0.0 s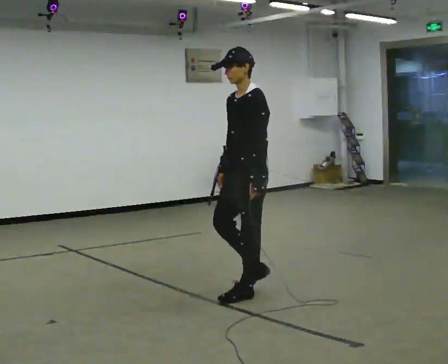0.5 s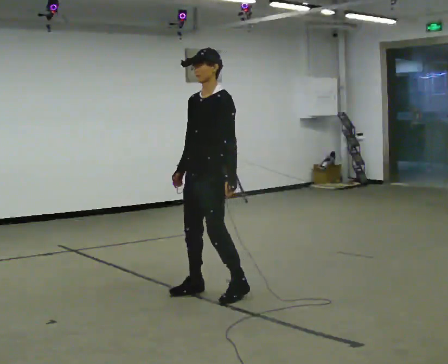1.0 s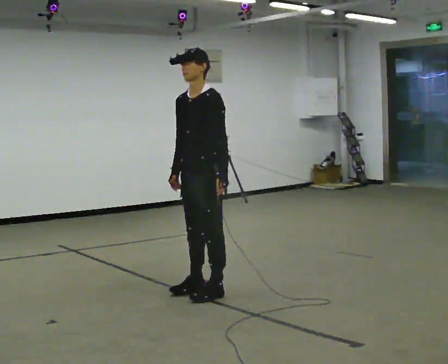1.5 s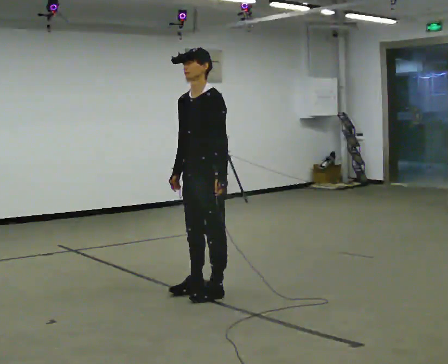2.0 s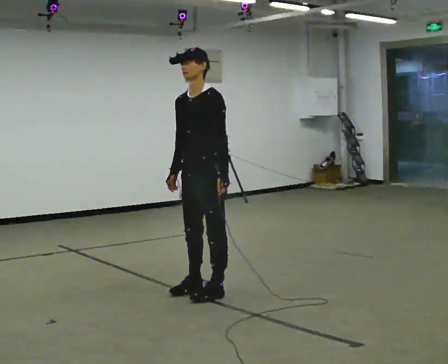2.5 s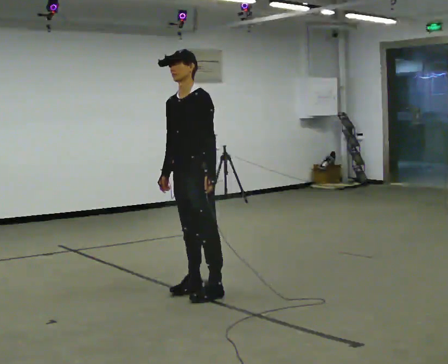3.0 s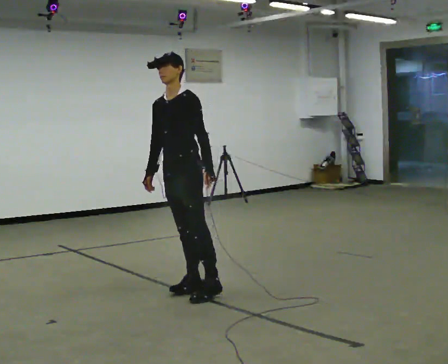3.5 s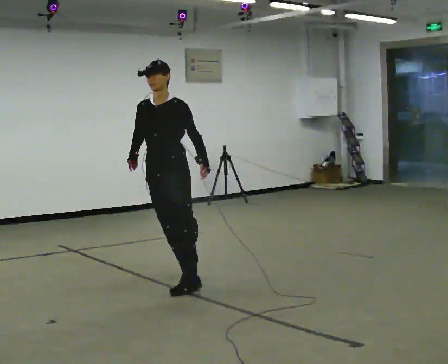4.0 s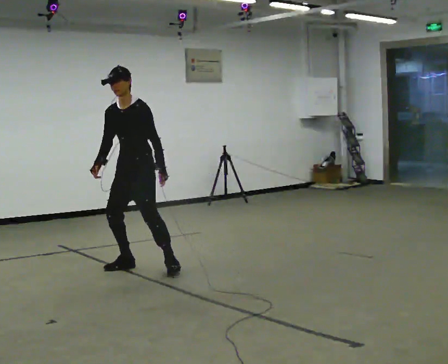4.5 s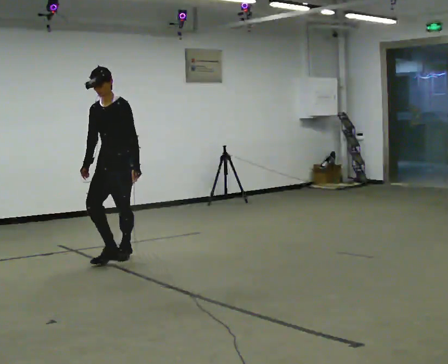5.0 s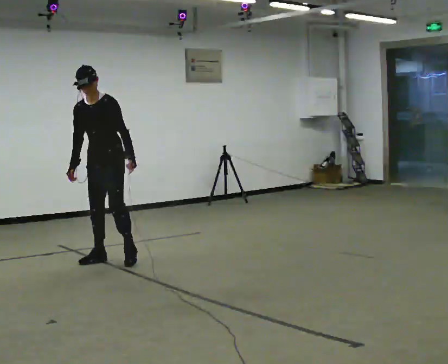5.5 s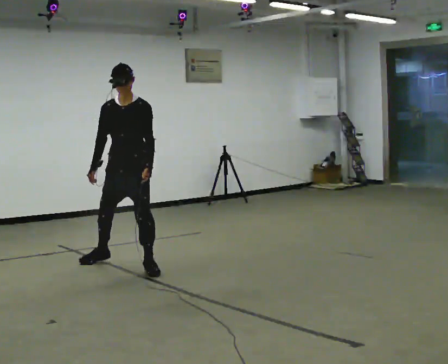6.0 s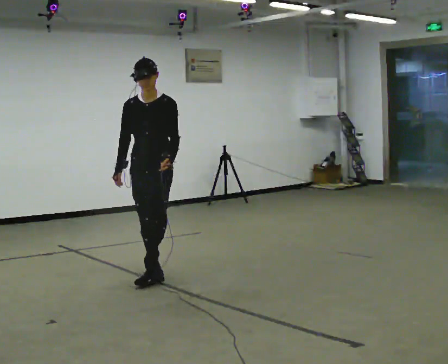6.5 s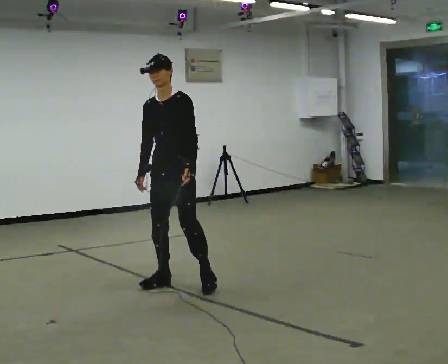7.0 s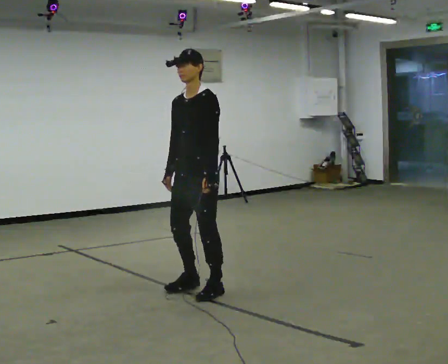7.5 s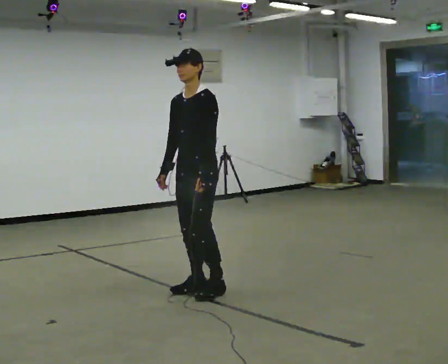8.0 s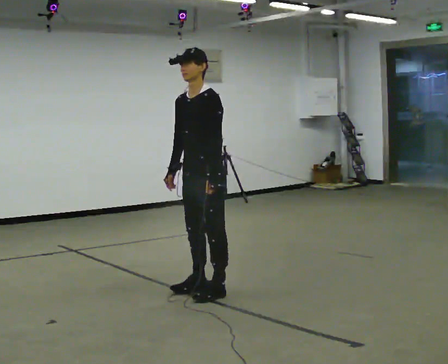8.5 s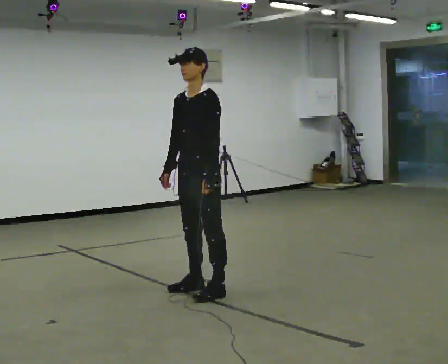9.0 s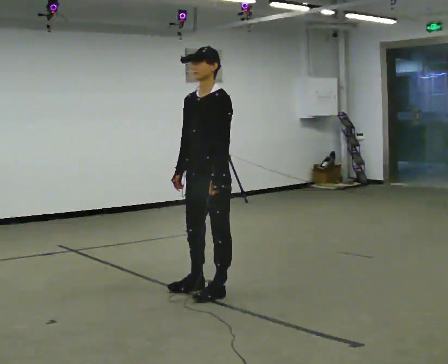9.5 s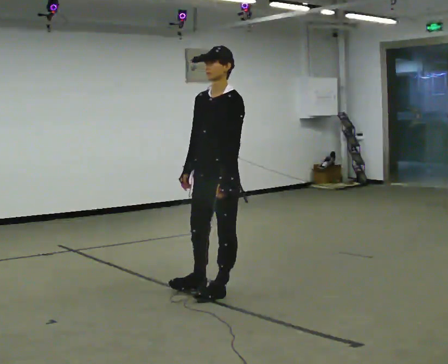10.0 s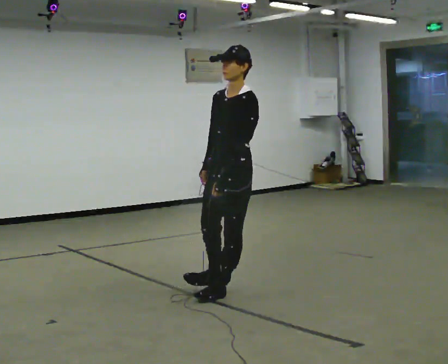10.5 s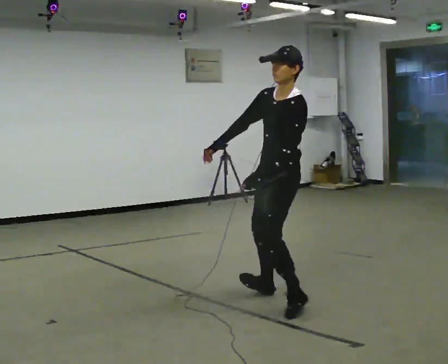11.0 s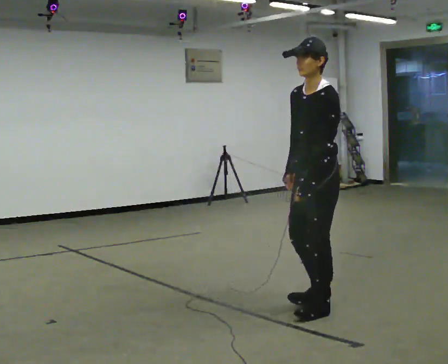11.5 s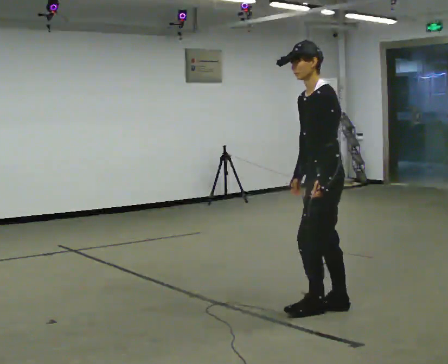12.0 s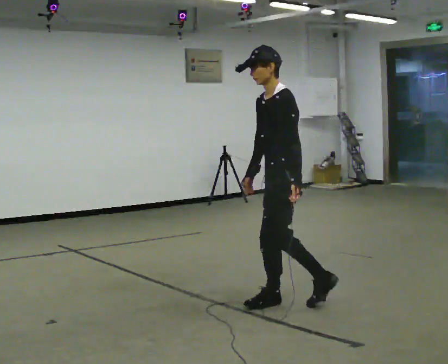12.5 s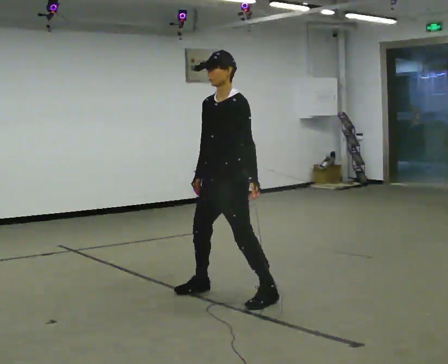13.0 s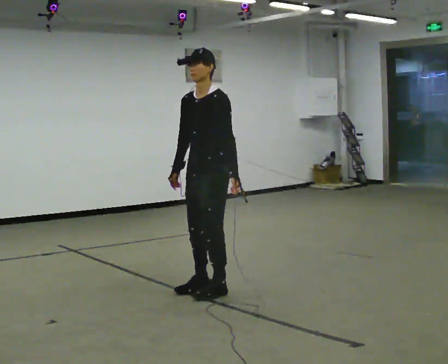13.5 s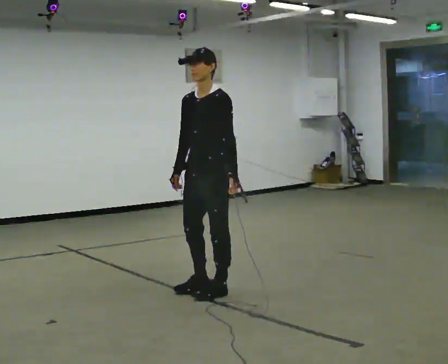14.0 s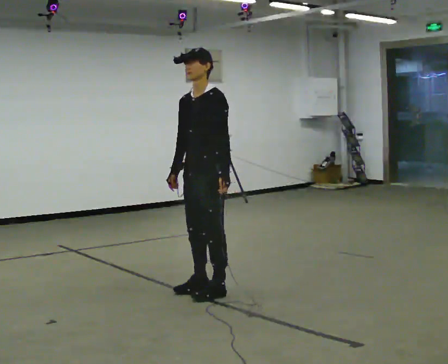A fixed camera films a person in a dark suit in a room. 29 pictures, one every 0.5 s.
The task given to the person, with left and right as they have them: Stand on the marked spots. Lean to the side the operator calls until you cannot hold it, then step to catch yourself. Return to the spots. Repeat at your own pace until the operator says stop. Go slowly and only as far as you are comfortable. Step whenever you need to; do not try to hold on longer than feels safe.
0.0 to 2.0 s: In the picture they go to the left, about 0.25 m in 2 steps, which for them is to their right and forward.
2.0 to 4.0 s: In the picture they go away from the camera and to the left, about 1 m in 2 steps, which for them is to their right.
4.0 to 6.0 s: Seen from above the body turns counterclockwise, about 30 degrees: to their left, with its near side sliding to the right. In the picture they go toward the camera, about 0.25 m in 3 steps, which for them is to their left and forward.
6.0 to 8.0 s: The part of the body nearest the lens slides to the left as the person turns to their right by about 45 degrees. In the picture they go toward the camera and to the right, about 0.75 m in 3 steps, which for them is to their left.
8.0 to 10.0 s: In the picture they go toward the camera and to the right, about 0.25 m, which for them is to their left.
10.0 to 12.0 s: The person turns about 30 degrees to their right, clockwise seen from above, so the part of the body nearest the lens slides to the left. In the picture they go to the right and toward the camera, about 0.5 m in 4 steps, which for them is to their left and backward.
12.0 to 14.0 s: Seen from above the body turns counterclockwise, about 30 degrees: to their left, with its near side sliding to the right. In the picture they go to the left and away from the camera, about 0.75 m in 2 steps, which for them is to their right.
The film runs forward here.
